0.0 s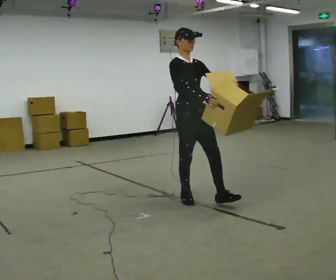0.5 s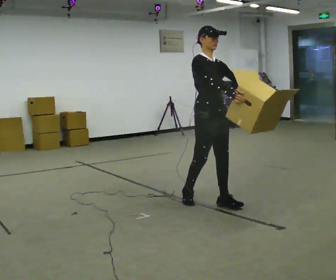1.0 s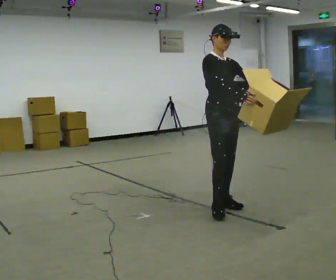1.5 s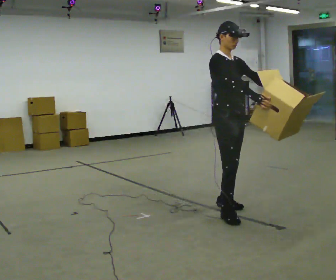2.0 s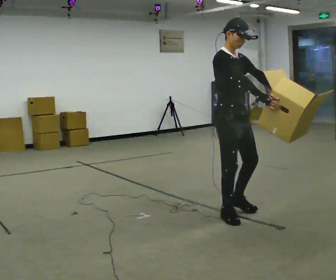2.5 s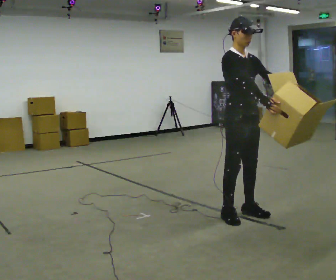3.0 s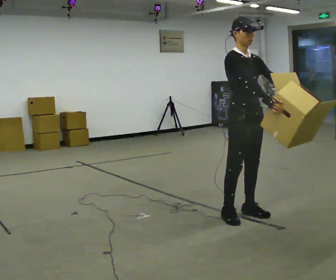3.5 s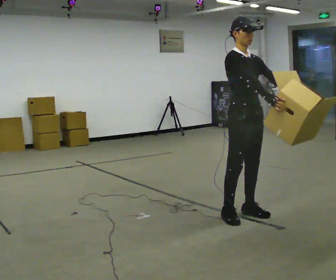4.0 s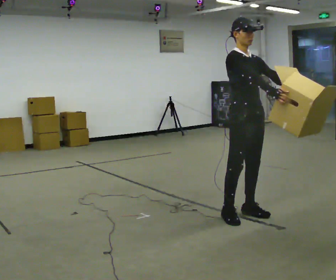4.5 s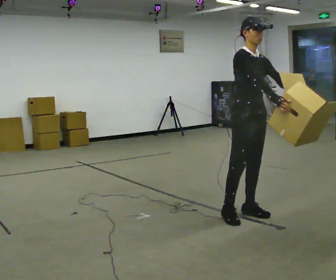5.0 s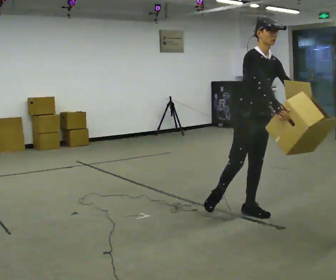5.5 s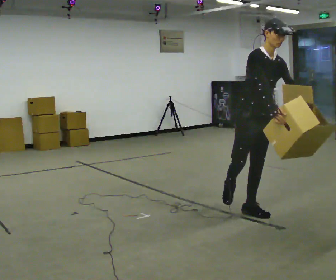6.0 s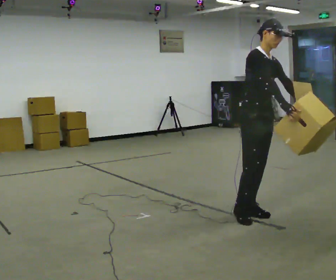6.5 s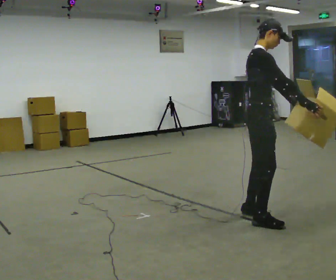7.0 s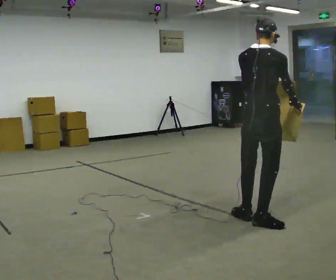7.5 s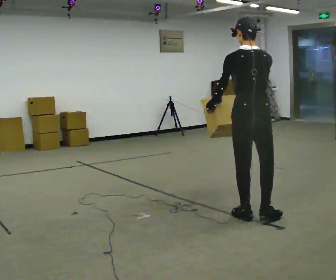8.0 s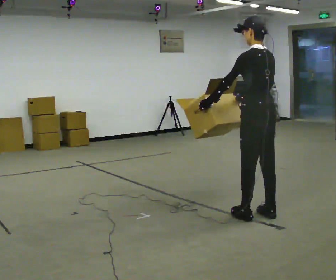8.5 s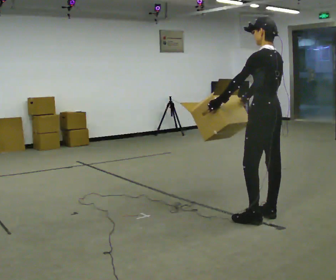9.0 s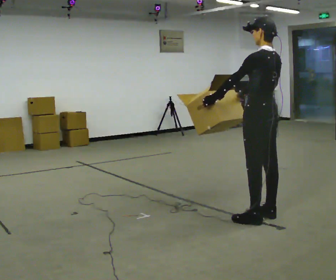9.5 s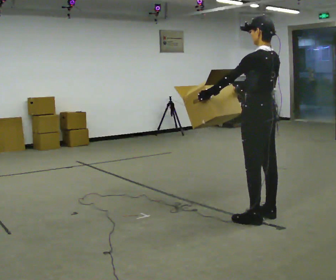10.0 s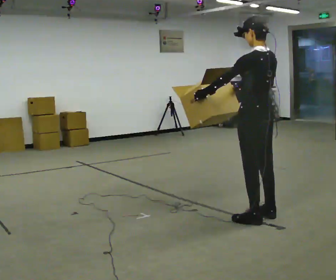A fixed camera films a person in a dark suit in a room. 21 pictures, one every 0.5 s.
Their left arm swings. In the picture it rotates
clockwise.
0.0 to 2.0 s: In the picture they go toward the camera and to the right, about 0.5 m in 2 steps, which for them is forward.
2.0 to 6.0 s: In the picture they go to the right, about 0.25 m in 2 steps, which for them is to their left and forward.
6.0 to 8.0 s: The person turns about 180 degrees to their left, counterclockwise seen from above, so the part of the body nearest the lens slides to the right. In the picture their right hand goes to the left.
8.0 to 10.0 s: The person moves a little, or ends about where they began.
The film runs forward here.
